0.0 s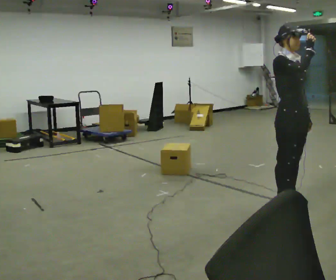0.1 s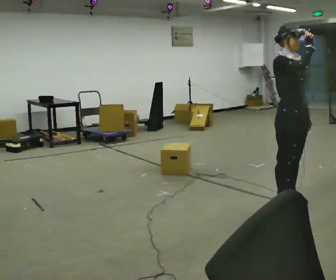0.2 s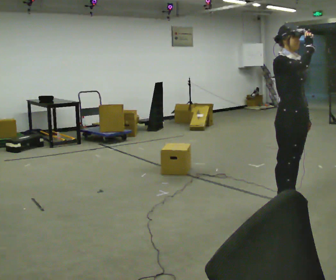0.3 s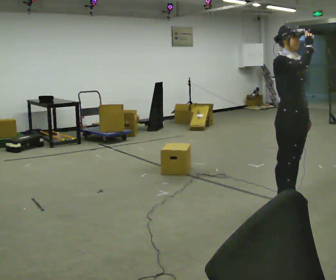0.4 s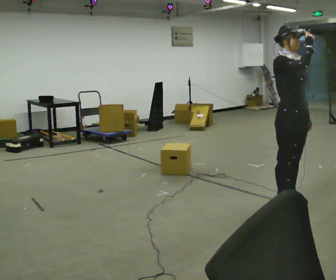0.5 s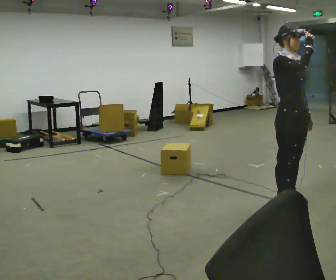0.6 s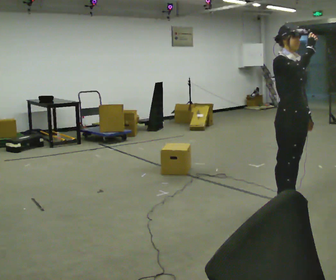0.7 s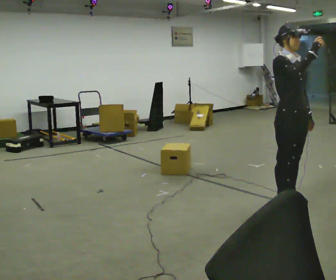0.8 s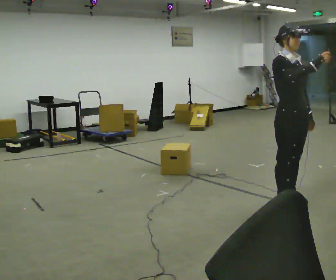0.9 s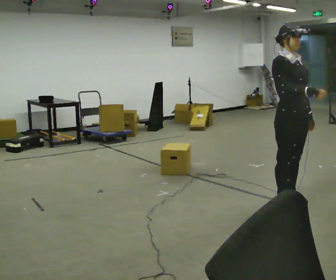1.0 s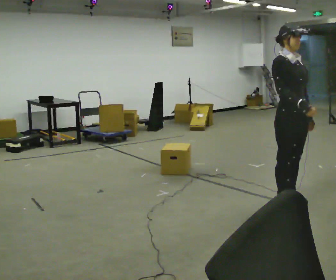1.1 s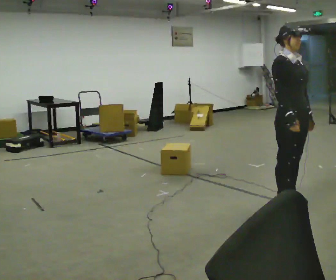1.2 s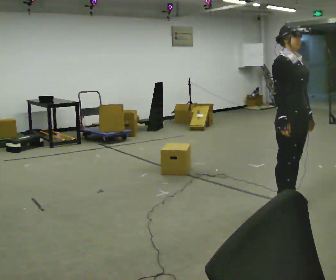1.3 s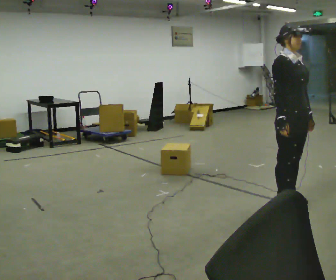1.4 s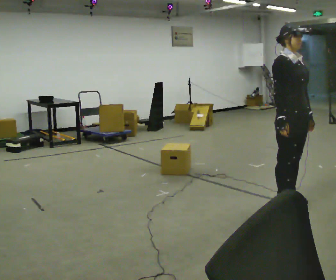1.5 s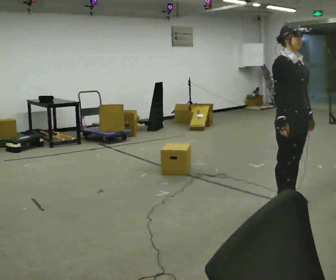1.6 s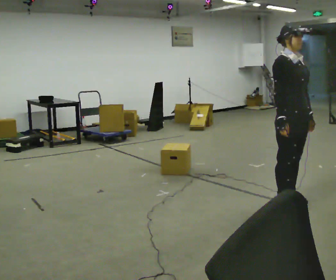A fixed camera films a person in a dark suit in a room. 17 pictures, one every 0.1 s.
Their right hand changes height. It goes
downward.
0.0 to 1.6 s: In the picture their right hand goes downward.
The film runs backward here.
